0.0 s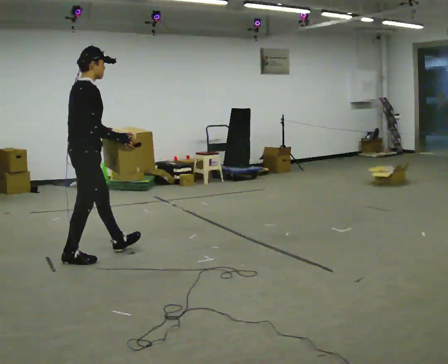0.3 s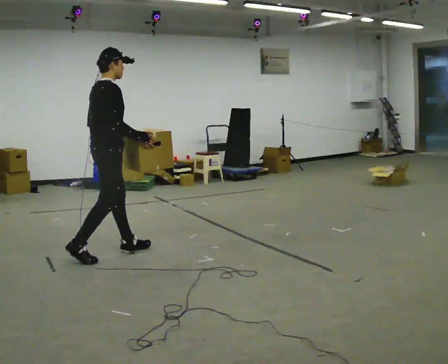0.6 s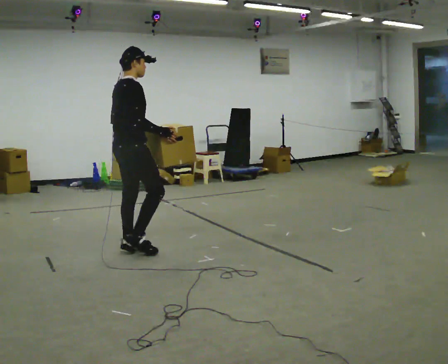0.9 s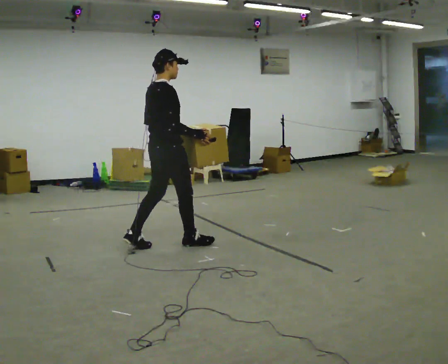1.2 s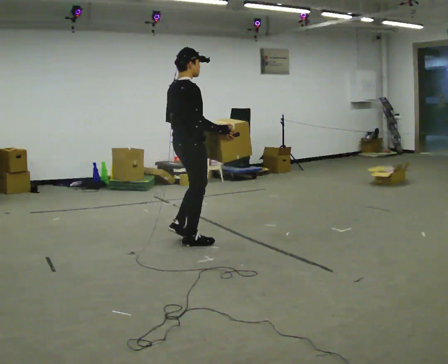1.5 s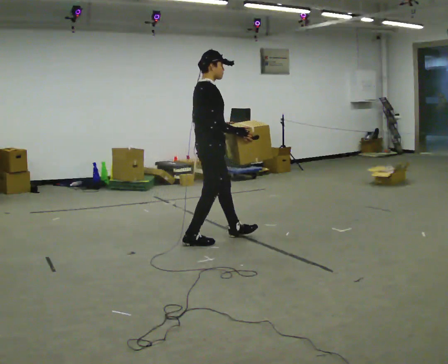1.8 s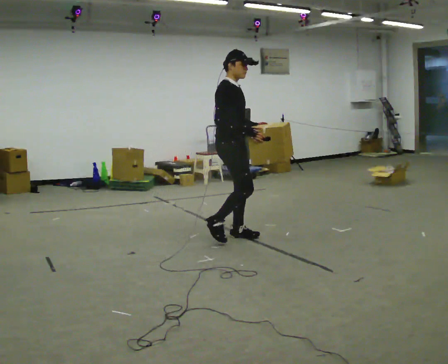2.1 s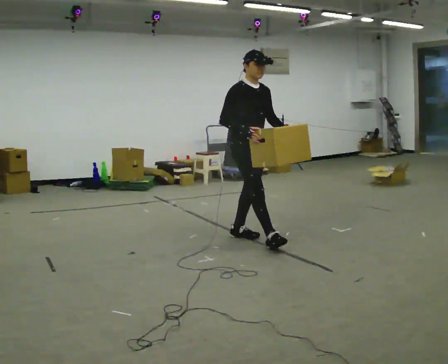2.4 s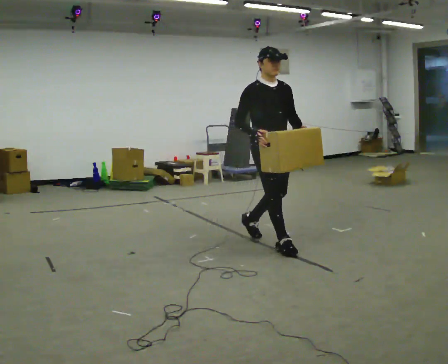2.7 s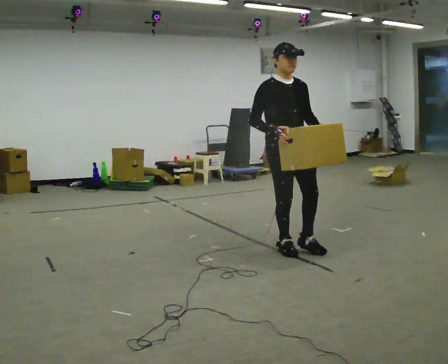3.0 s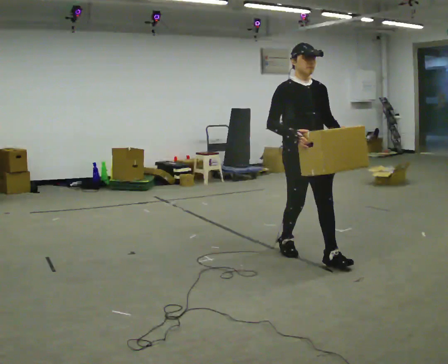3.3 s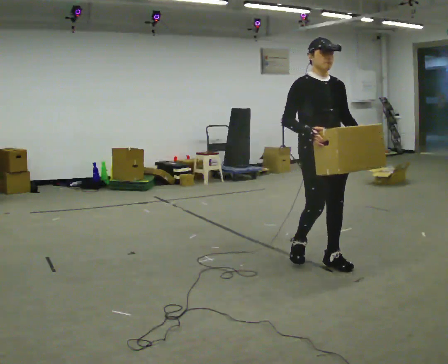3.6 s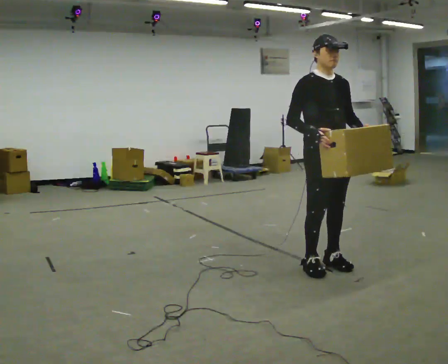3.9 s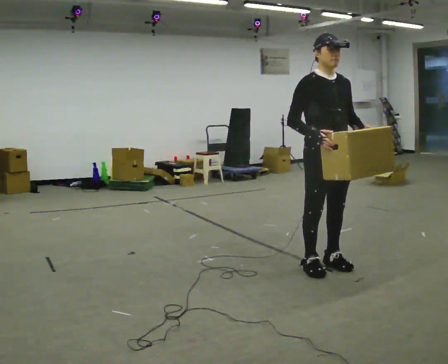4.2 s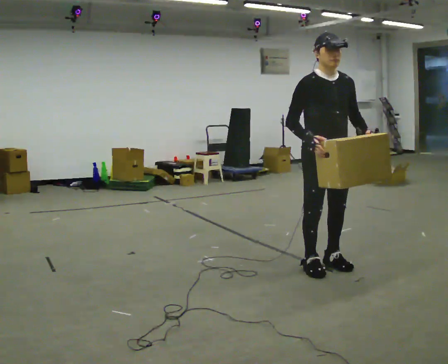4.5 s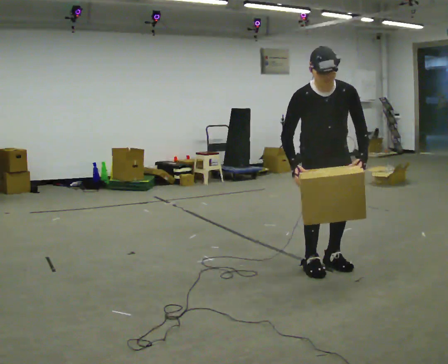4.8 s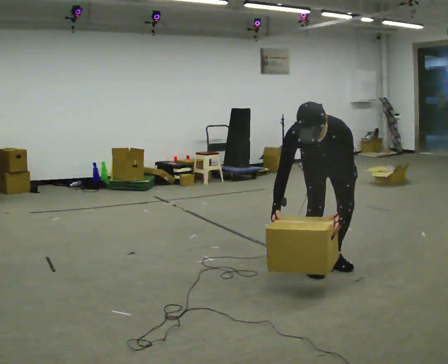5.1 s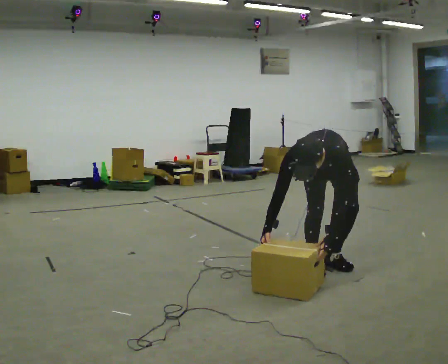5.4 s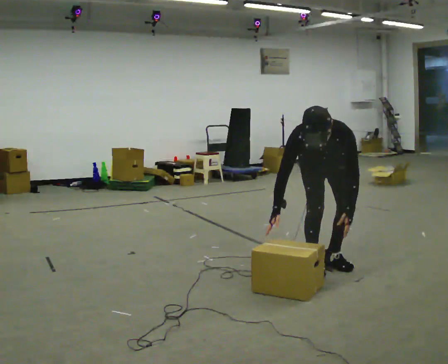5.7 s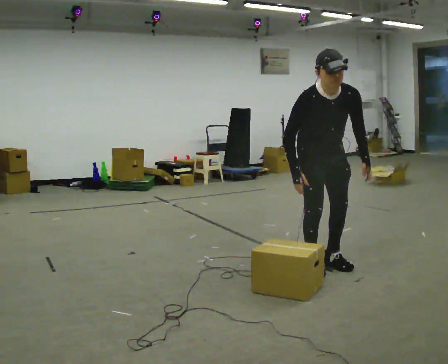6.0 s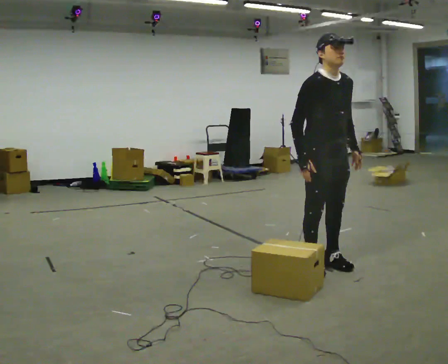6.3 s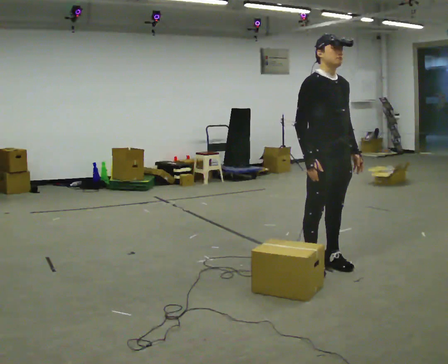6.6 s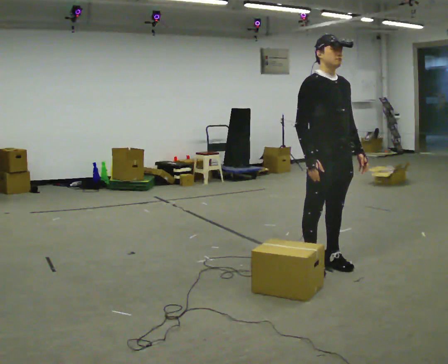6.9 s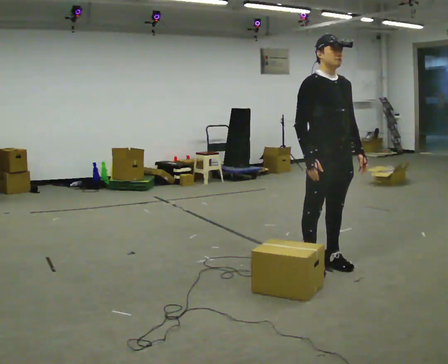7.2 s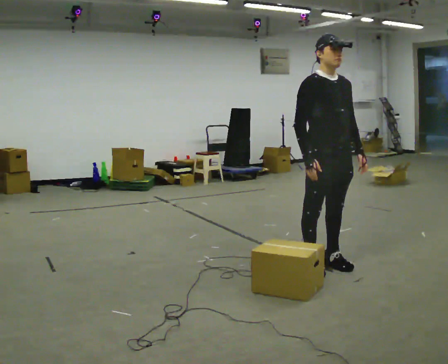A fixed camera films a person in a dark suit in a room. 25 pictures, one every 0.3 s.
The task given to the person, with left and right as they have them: Carry the box along the marked route, turning 90 degrees at the corner the operator calls, and set it down at the end. Keep going until the operator says stop; one object at a time, and do not rush between trips.
0.0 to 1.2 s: In the picture they go to the right and away from the camera, about 1 m in 2 steps, which for them is forward.
1.2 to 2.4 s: The part of the body nearest the lens slides to the left as the person turns to their right by about 75 degrees. In the picture they go to the right, about 0.75 m in 2 steps.
2.4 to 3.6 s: In the picture they go toward the camera and to the right, about 0.75 m in 2 steps, which for them is forward.
3.6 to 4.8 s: The part of the body nearest the lens slides to the left as the person turns to their right by about 30 degrees. The shoulders move downward. The upper body tips toward the camera, its near side rolling downward, as they bend forward. In the picture their right hand goes downward.
4.8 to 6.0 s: The person turns about 45 degrees to their left, counterclockwise seen from above, so the part of the body nearest the lens slides to the right. In the picture they go toward the camera, about 0.25 m, which for them is forward. The upper body tips away from the camera, its near side rolling upward, as they lean back or straighten. In the picture their left hand goes upward.
6.0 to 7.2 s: The person moves a little, or ends about where they began.
The film runs forward here.
